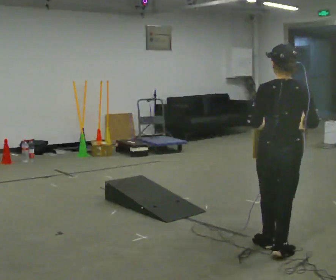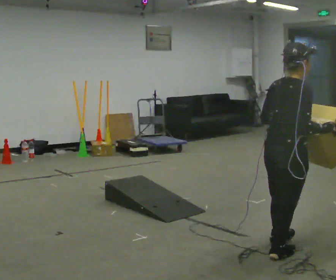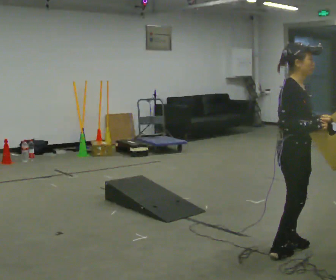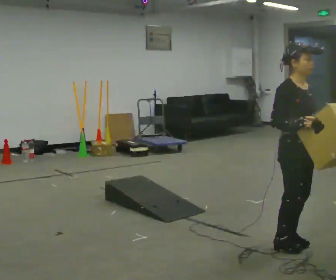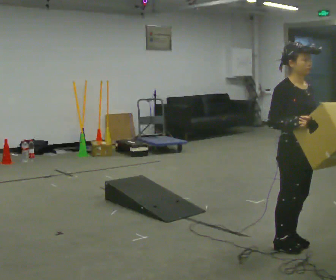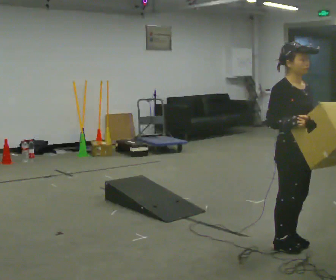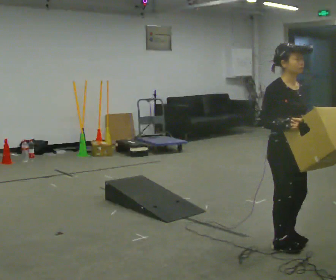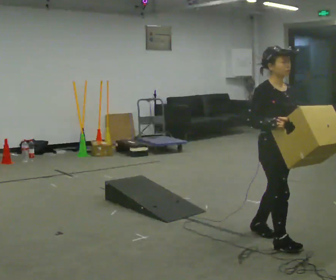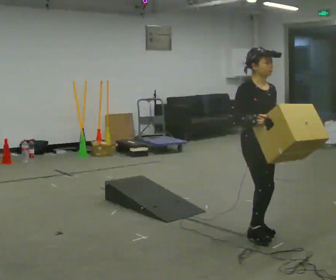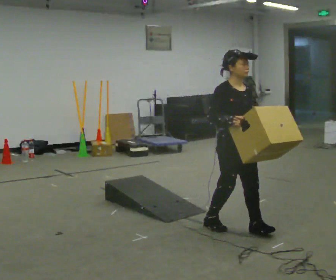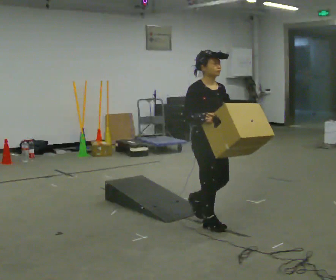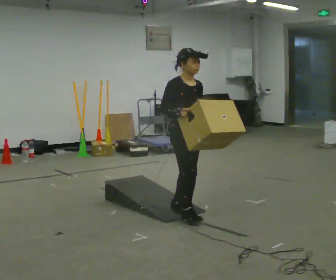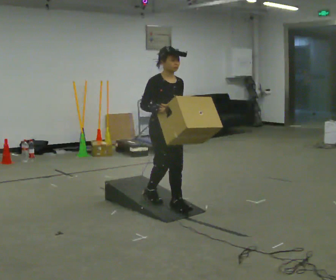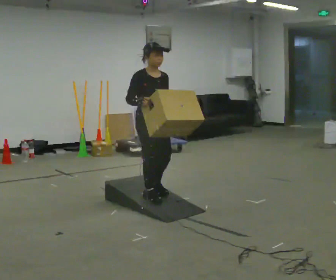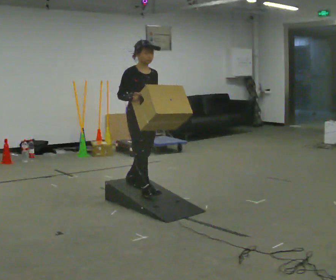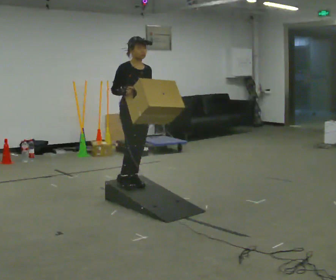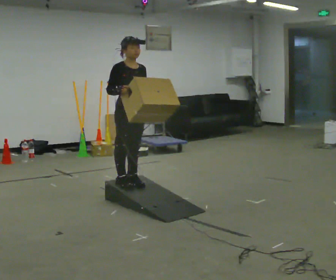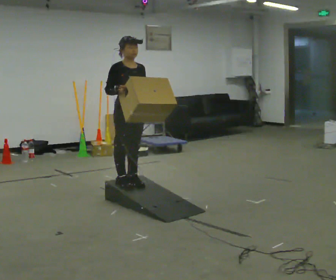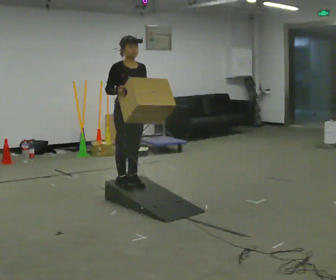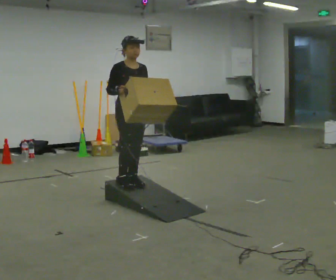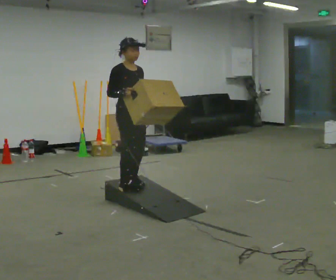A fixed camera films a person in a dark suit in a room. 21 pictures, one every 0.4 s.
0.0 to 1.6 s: Seen from above the body turns clockwise, about 135 degrees: to their right, with its near side sliding to the left.
1.6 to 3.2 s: In the picture they go away from the camera and to the left, about 0.5 m in 2 steps, which for them is backward.
3.2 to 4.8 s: In the picture they go to the left and away from the camera, about 1 m in 2 steps, which for them is backward.
4.8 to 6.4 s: In the picture they go to the left and away from the camera, about 0.5 m in 2 steps, which for them is backward.
6.4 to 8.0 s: The person moves a little, or ends about where they began.
The film runs backward here.
